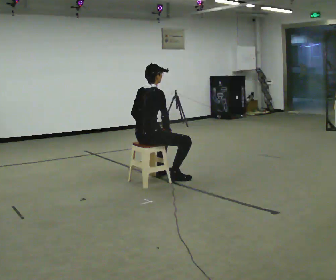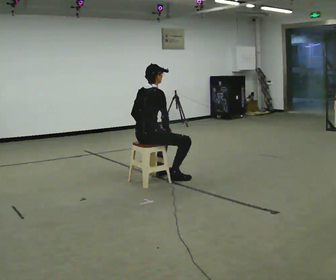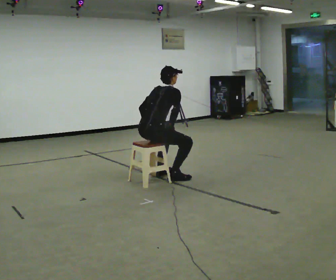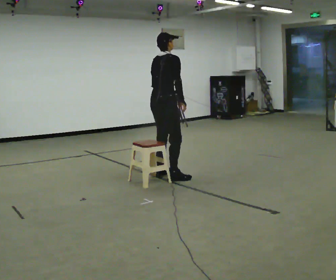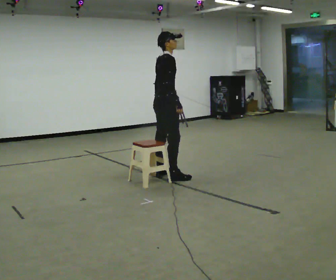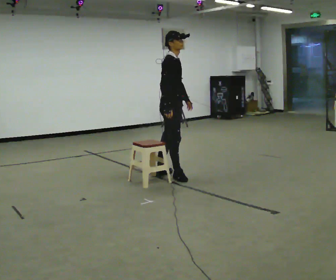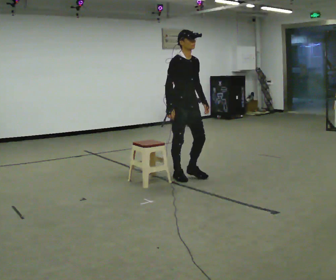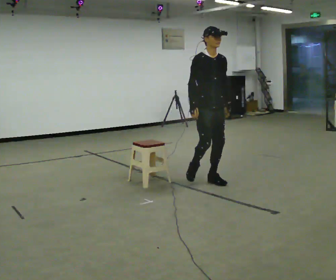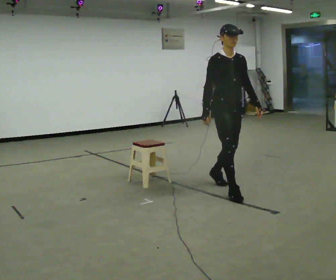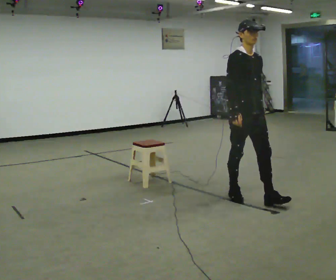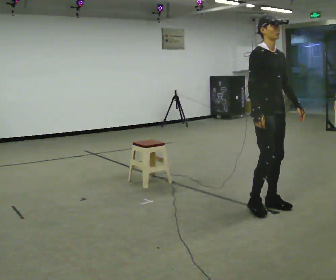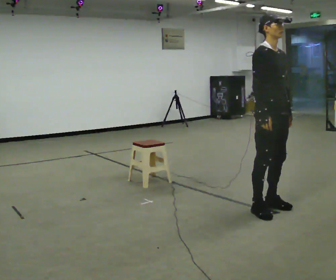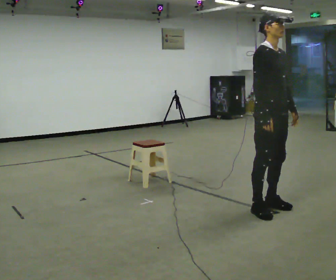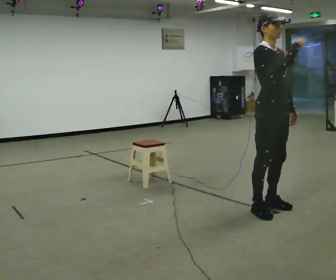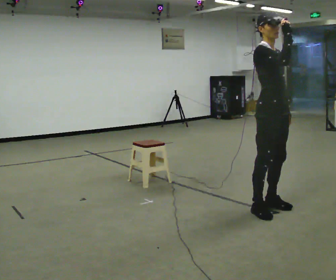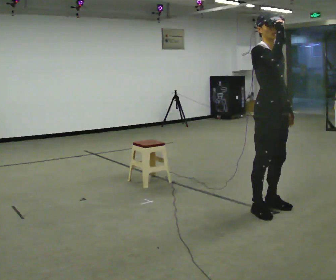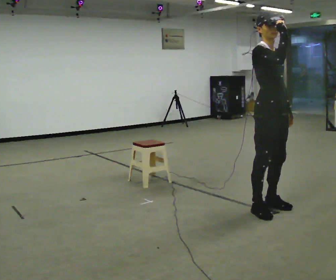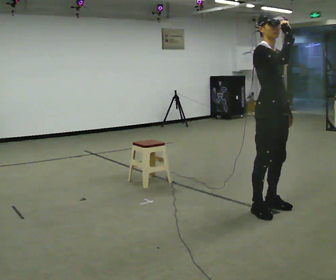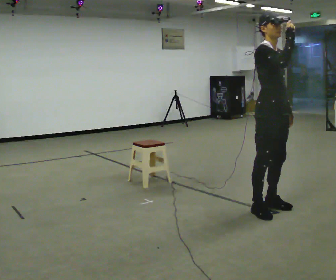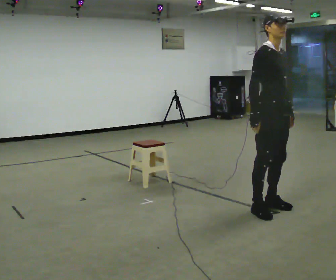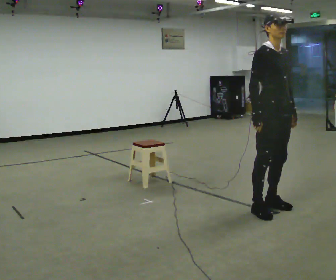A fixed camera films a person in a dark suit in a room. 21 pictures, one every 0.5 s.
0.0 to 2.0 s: The person turns about 30 degrees to their right, clockwise seen from above, so the part of the body nearest the lens slides to the left. In the picture they go away from the camera, about 0.25 m, which for them is forward. The upper body goes upward. In the picture their right hand goes upward.
2.0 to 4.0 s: Seen from above the body turns clockwise, about 75 degrees: to their right, with its near side sliding to the left. In the picture they go to the right and toward the camera, about 1 m in 2 steps.
4.0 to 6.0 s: In the picture they go toward the camera and to the right, about 0.5 m in 2 steps, which for them is forward.
6.0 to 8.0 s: In the picture their right hand goes upward.
8.0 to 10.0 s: In the picture their right hand goes downward.
The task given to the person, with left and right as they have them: Walk to chair; sit ~2 s; stand; walk away.
The film runs forward here.
